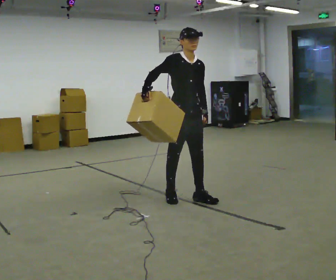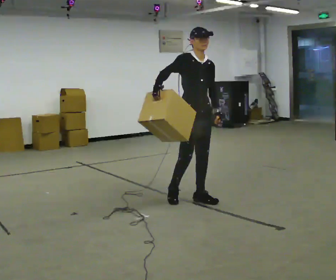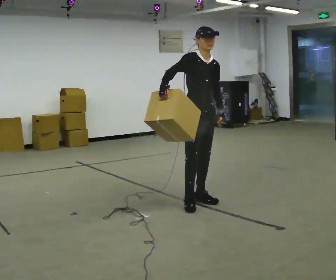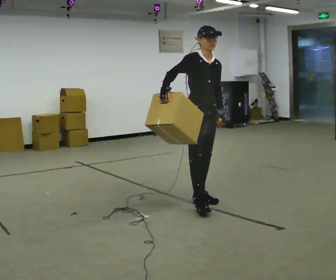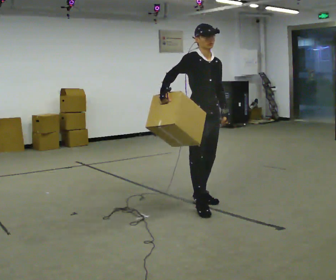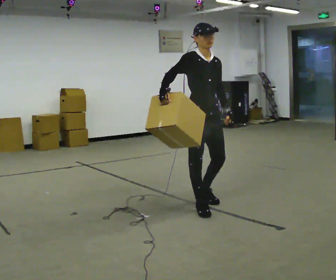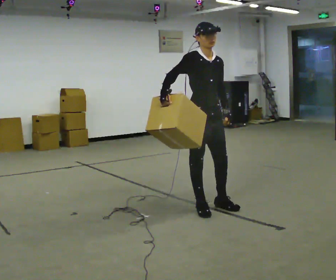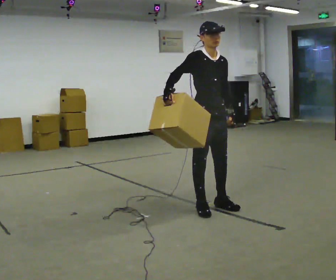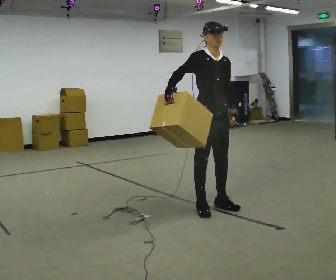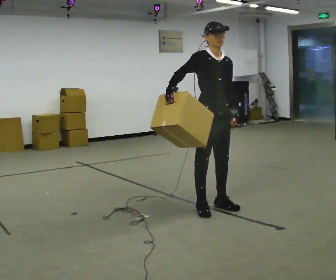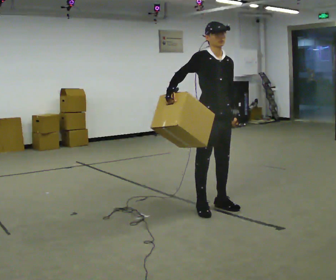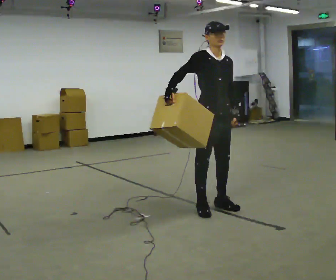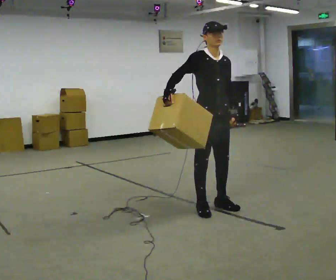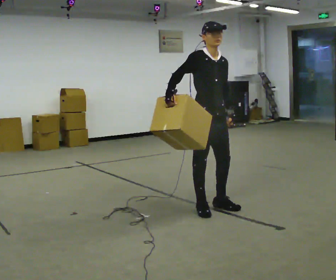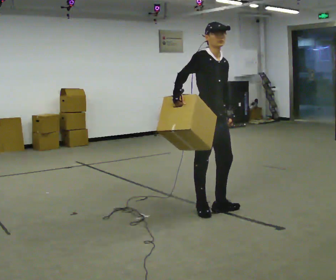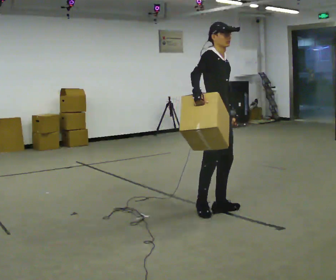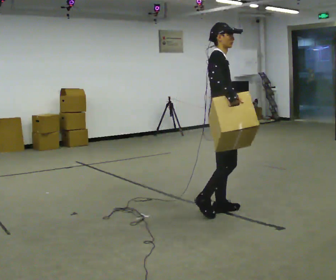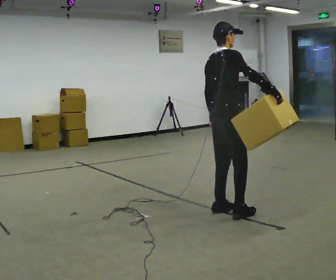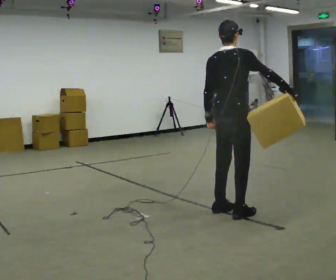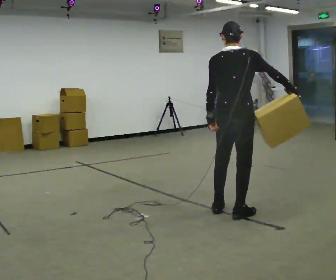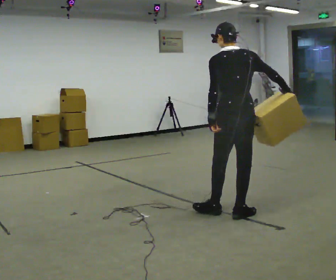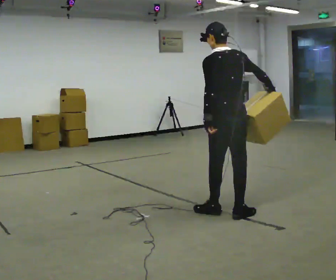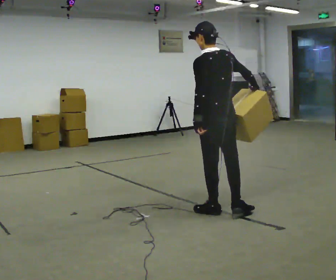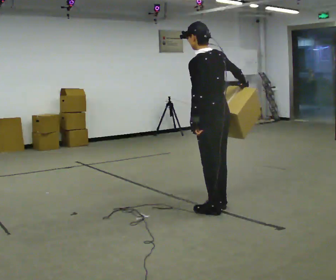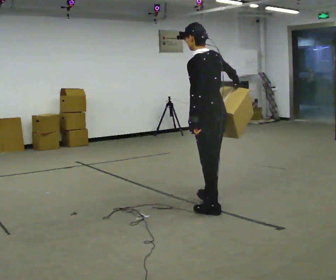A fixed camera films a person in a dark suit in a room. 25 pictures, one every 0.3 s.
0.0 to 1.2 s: In the picture they go toward the camera and to the right, about 0.25 m in 1 step, which for them is forward.
1.2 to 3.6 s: The person moves a little, or ends about where they began.
3.6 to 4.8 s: The person turns about 60 degrees to their left, counterclockwise seen from above, so the part of the body nearest the lens slides to the right. In the picture their right hand goes to the right.
4.8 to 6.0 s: Seen from above the body turns counterclockwise, about 105 degrees: to their left, with its near side sliding to the right. In the picture they go to the right, about 0.25 m in 1 step. In the picture their right hand goes to the right.
6.0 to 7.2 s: The person turns about 30 degrees to their left, counterclockwise seen from above, so the part of the body nearest the lens slides to the right. In the picture they go to the left and away from the camera, about 0.25 m in 1 step, which for them is forward.
The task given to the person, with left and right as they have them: Hold the object against your hip on the side the operator calls, and carry it back and forth across the room.
The film runs forward here.
